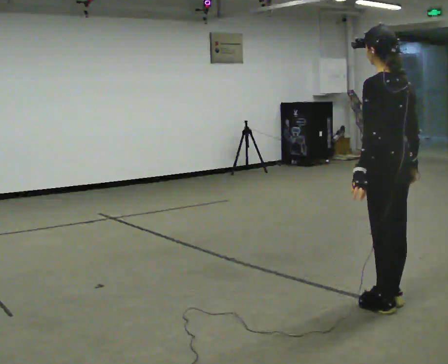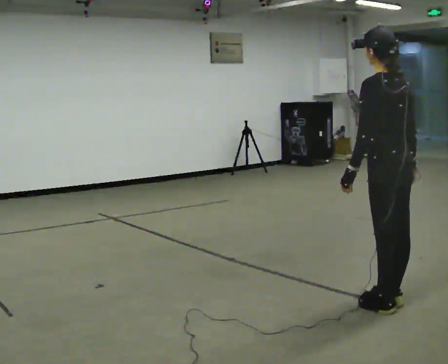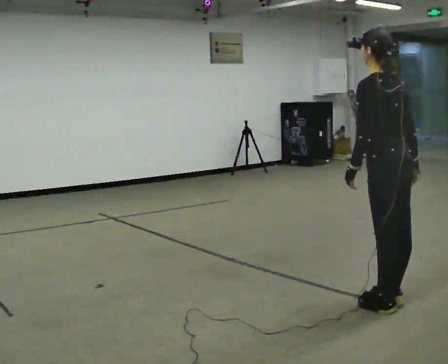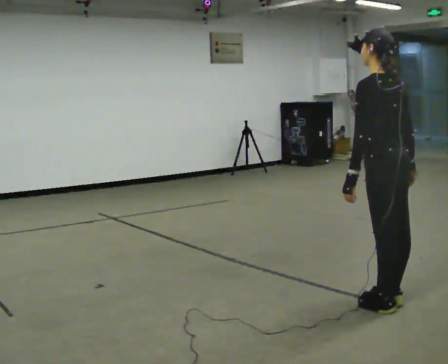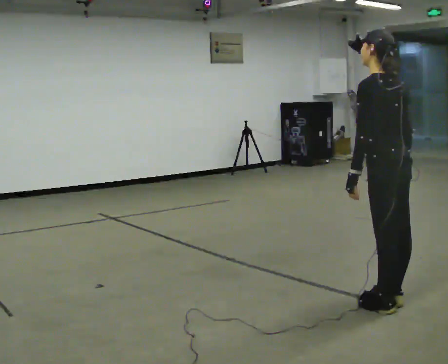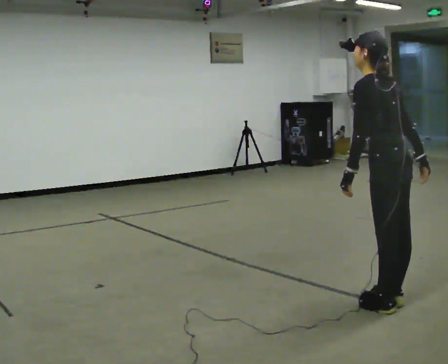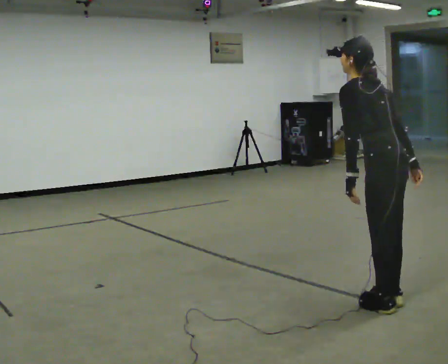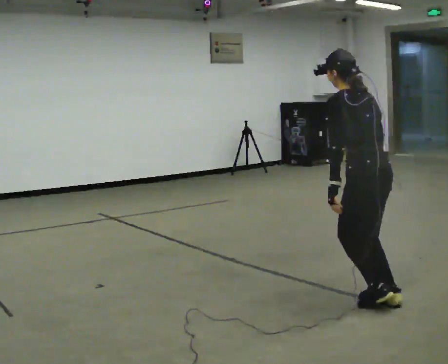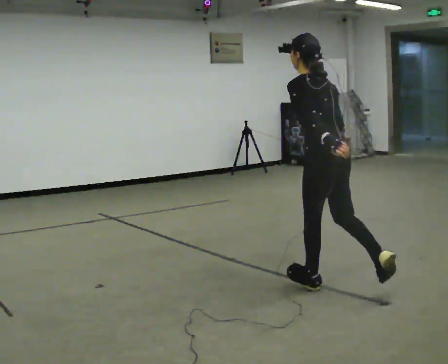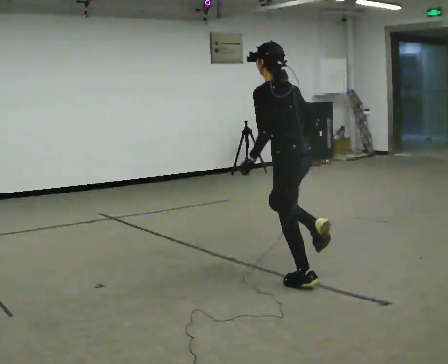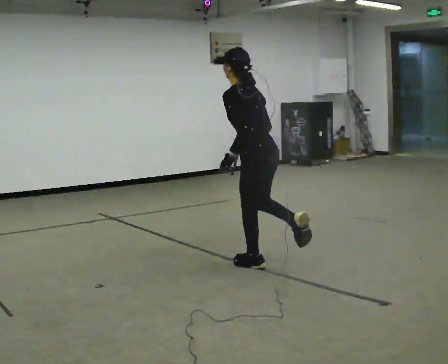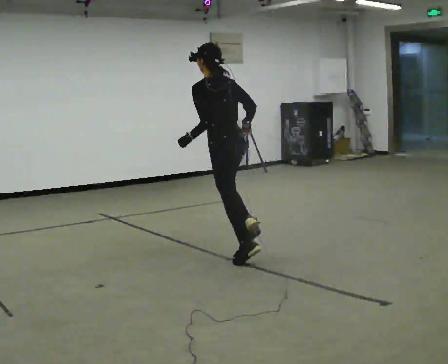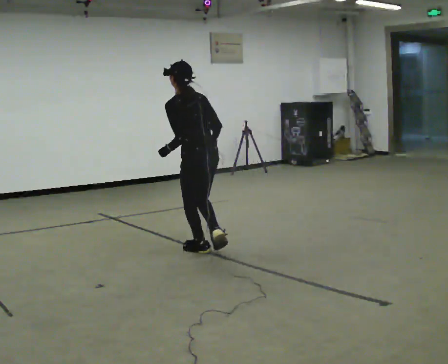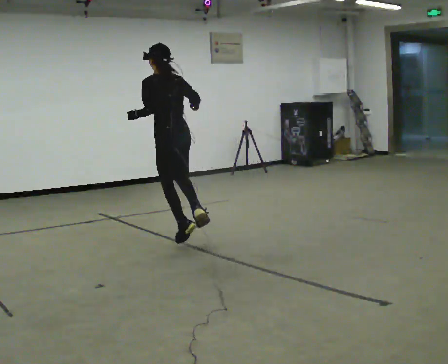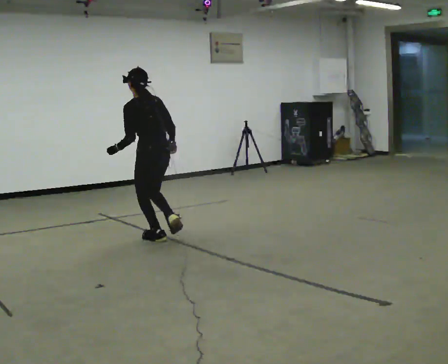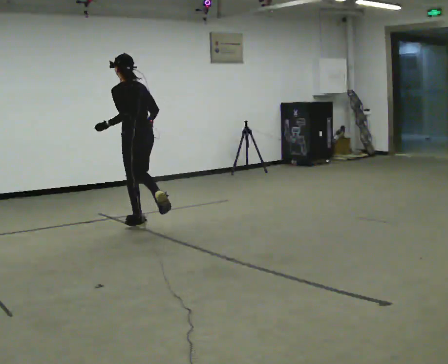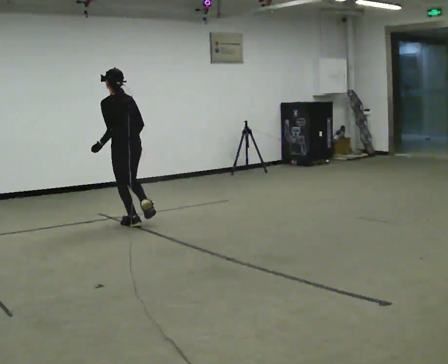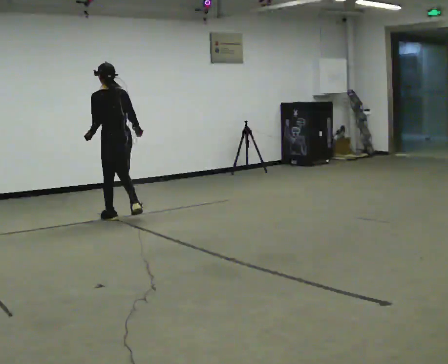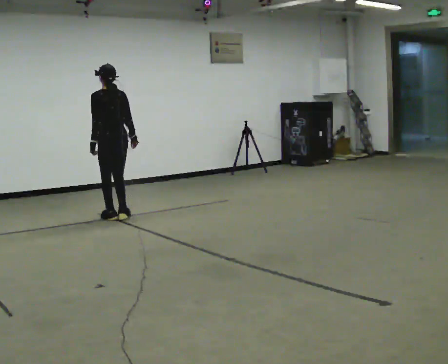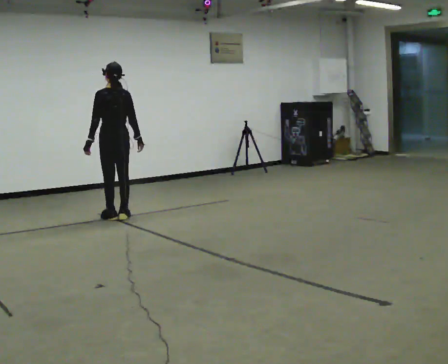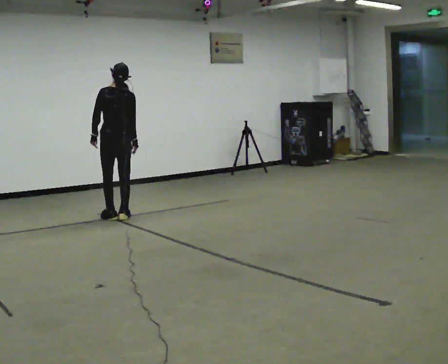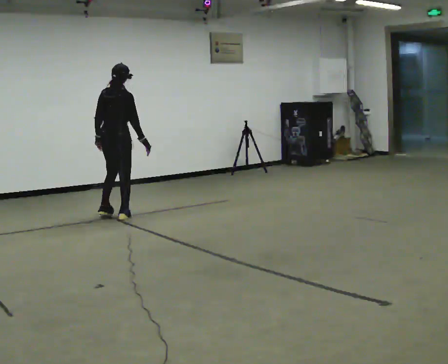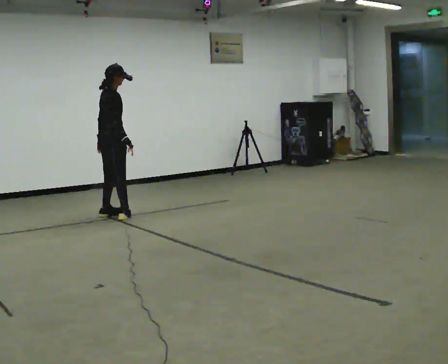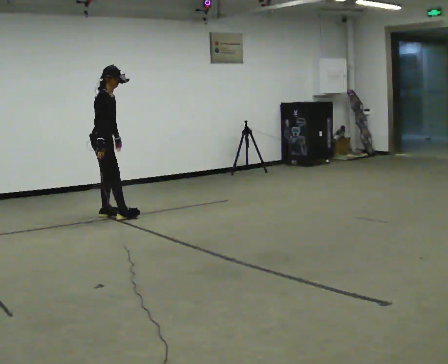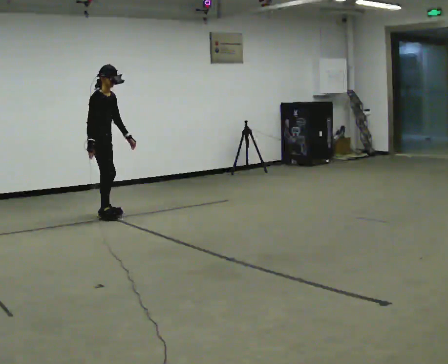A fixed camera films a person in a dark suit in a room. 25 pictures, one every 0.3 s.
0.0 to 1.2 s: The person moves a little, or ends about where they began.
1.2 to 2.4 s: In the picture they go away from the camera and to the left, about 0.5 m, which for them is forward.
2.4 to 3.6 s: In the picture they go away from the camera and to the left, about 1.5 m in 3 steps, which for them is forward.
3.6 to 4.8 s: In the picture they go away from the camera and to the left, about 1.5 m in 2 steps, which for them is forward.
4.8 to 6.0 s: Seen from above the body turns clockwise, about 30 degrees: to their right, with its near side sliding to the left. In the picture they go away from the camera, about 0.25 m in 2 steps, which for them is forward.
6.0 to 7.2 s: Seen from above the body turns clockwise, about 120 degrees: to their right, with its near side sliding to the left. In the picture they go to the left, about 0.25 m in 2 steps. In the picture their left hand goes to the right, the arm swinging counterclockwise.
The film runs forward here.
